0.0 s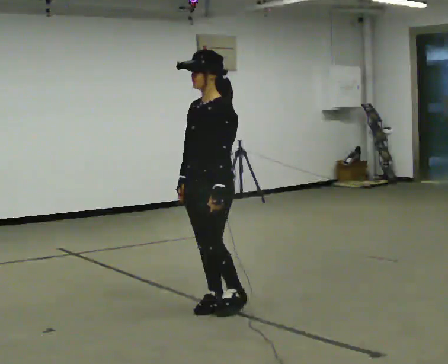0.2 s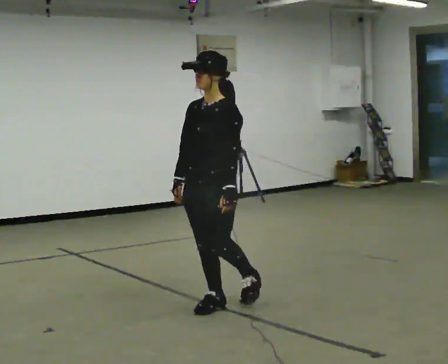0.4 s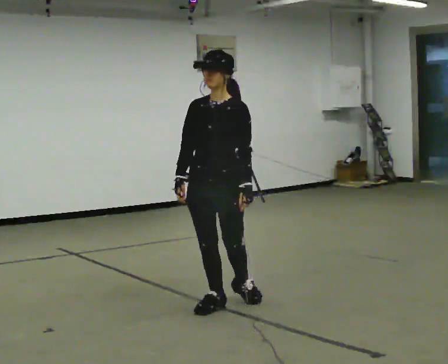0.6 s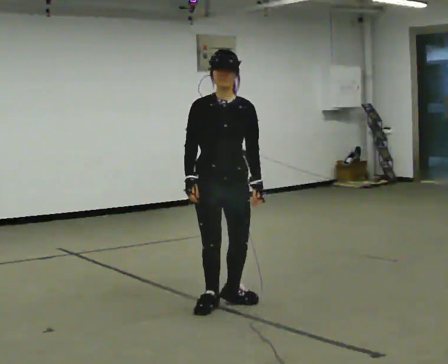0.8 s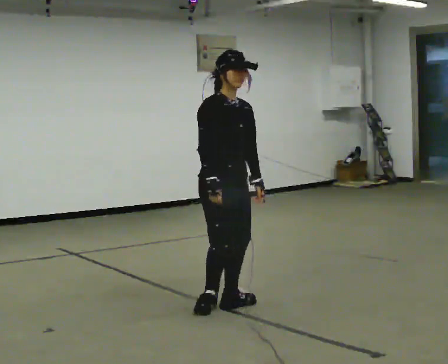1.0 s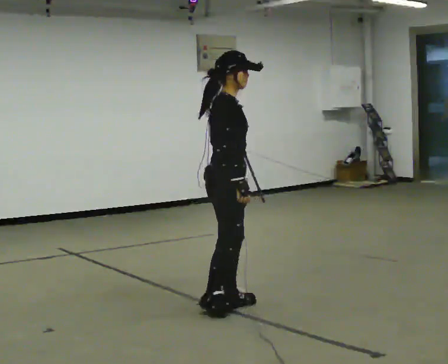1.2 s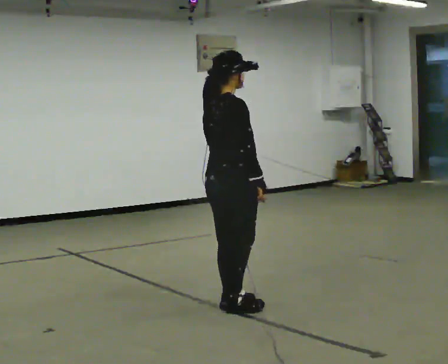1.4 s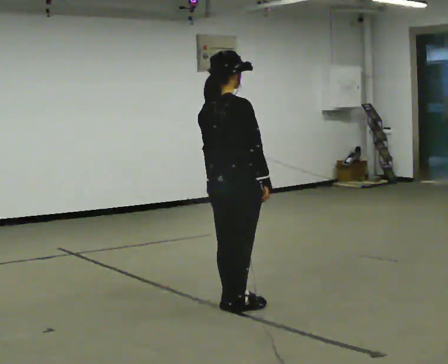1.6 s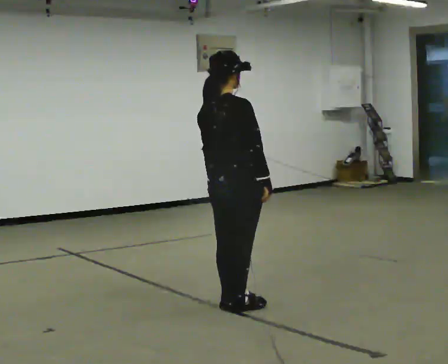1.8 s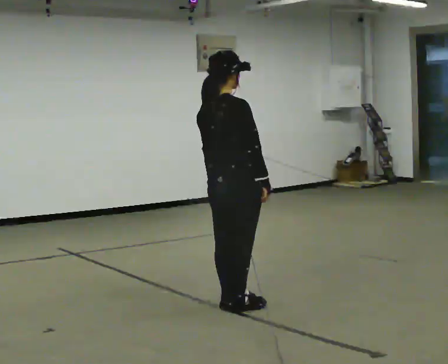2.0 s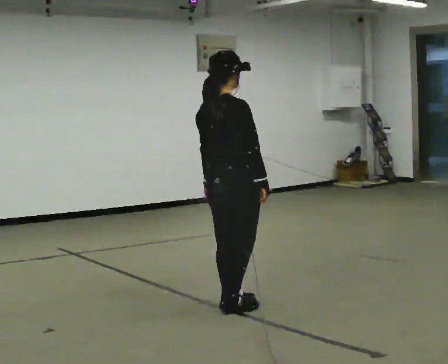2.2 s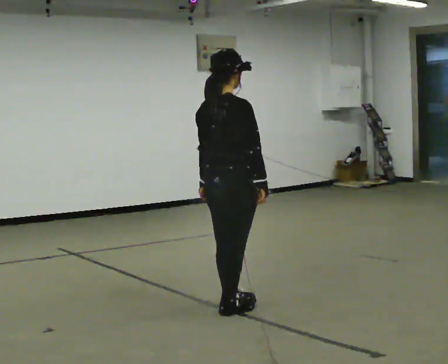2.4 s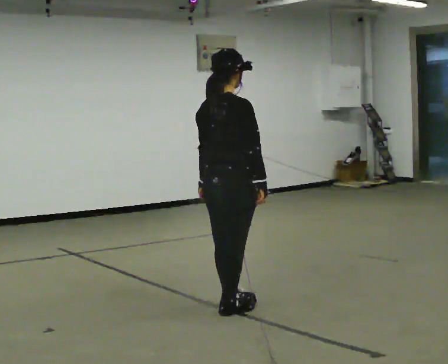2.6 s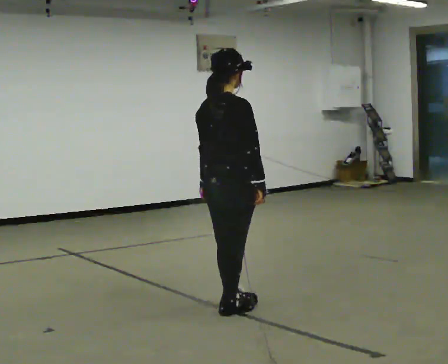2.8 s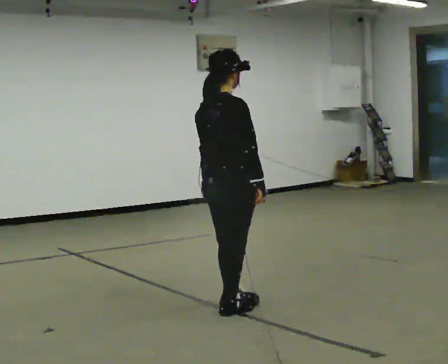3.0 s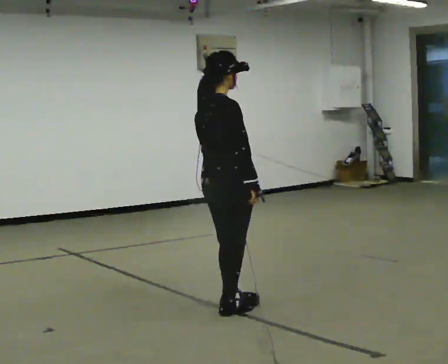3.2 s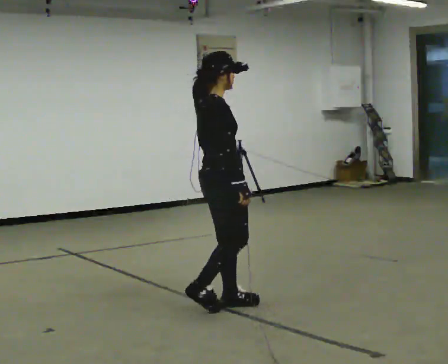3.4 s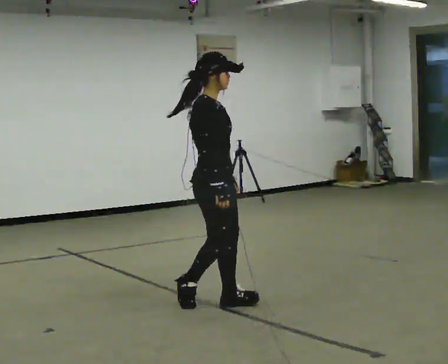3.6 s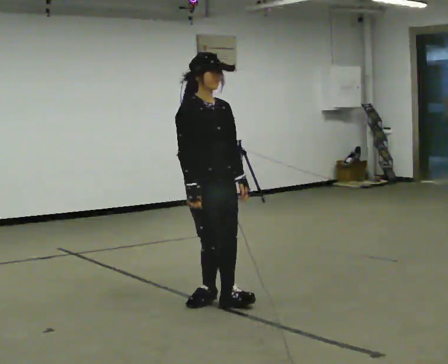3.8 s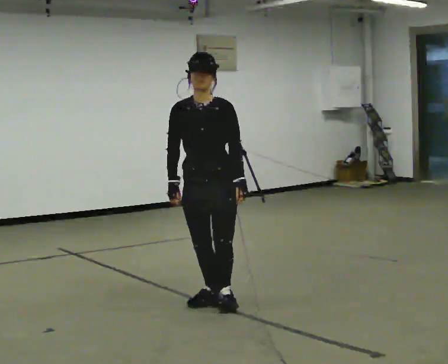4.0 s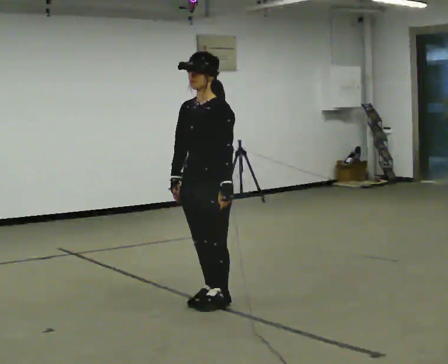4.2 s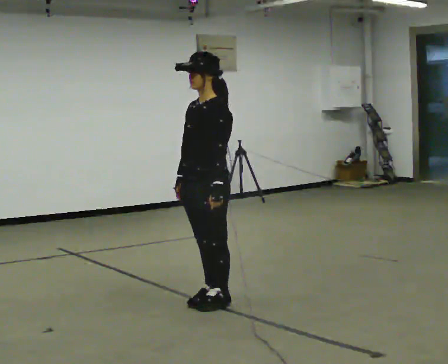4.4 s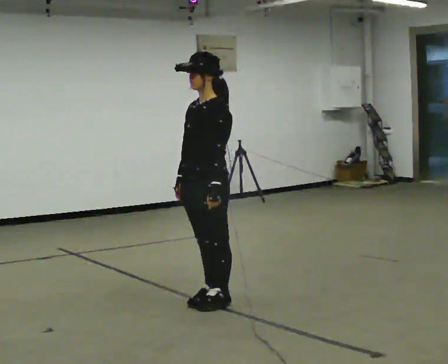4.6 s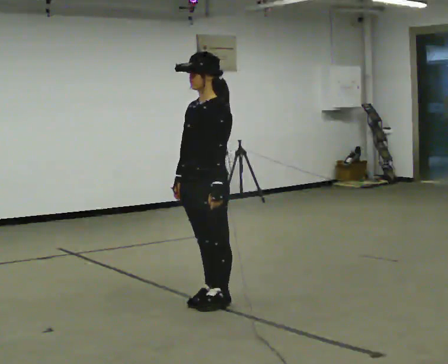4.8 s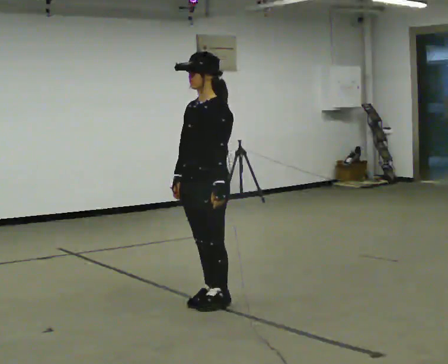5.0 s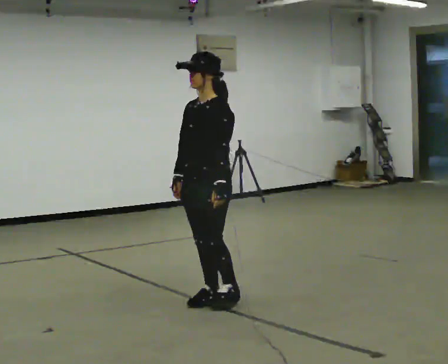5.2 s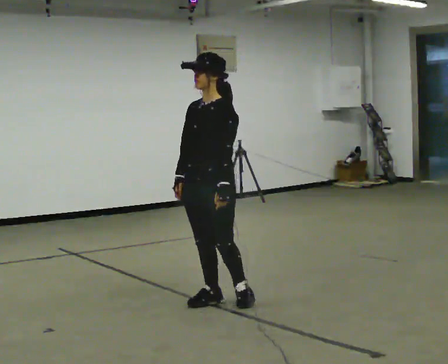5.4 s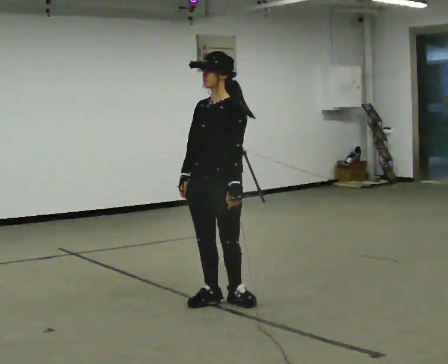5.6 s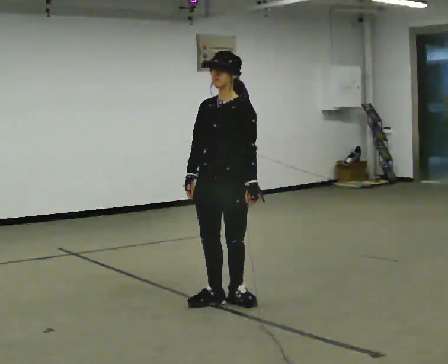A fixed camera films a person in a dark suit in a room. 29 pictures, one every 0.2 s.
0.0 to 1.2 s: Seen from above the body turns counterclockwise, about 165 degrees: to their left, with its near side sliding to the right. In the picture their right hand goes to the right, the arm swinging counterclockwise.
1.2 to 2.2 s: The person moves a little, or ends about where they began.
2.2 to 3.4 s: The person turns about 60 degrees to their right, clockwise seen from above, so the part of the body nearest the lens slides to the left.
3.4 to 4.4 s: Seen from above the body turns clockwise, about 135 degrees: to their right, with its near side sliding to the left.
4.4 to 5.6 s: The person turns about 30 degrees to their left, counterclockwise seen from above, so the part of the body nearest the lens slides to the right.
The film runs backward here.
